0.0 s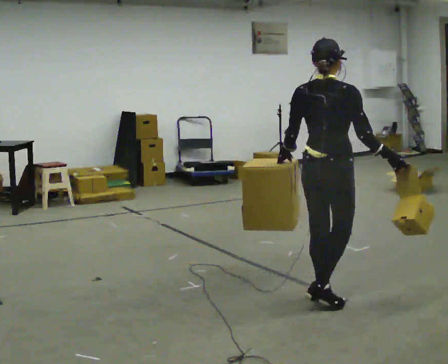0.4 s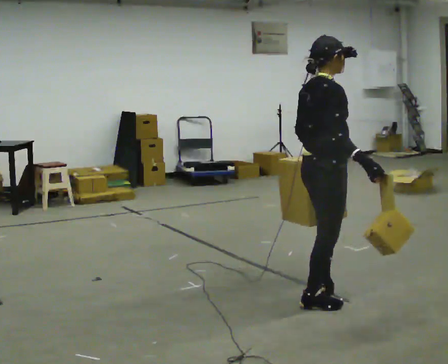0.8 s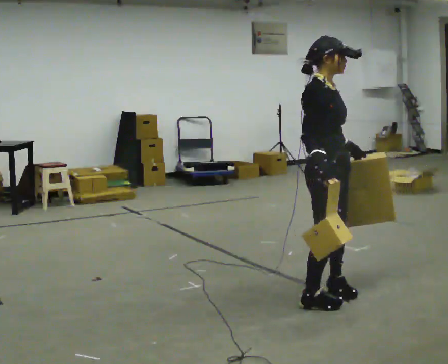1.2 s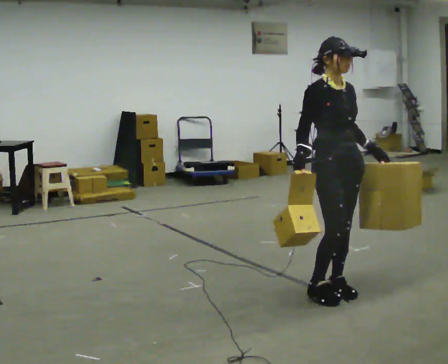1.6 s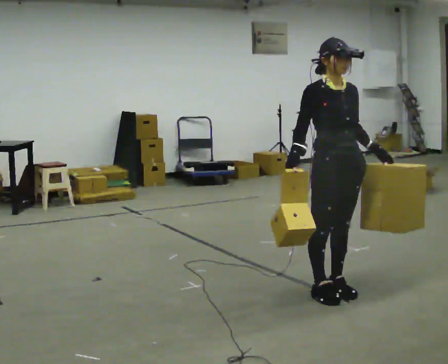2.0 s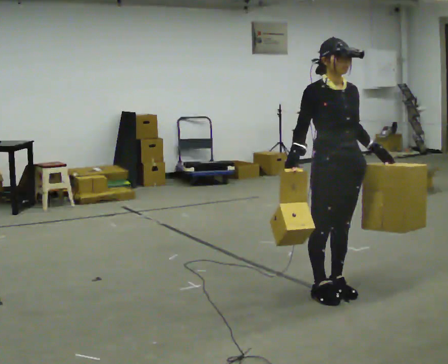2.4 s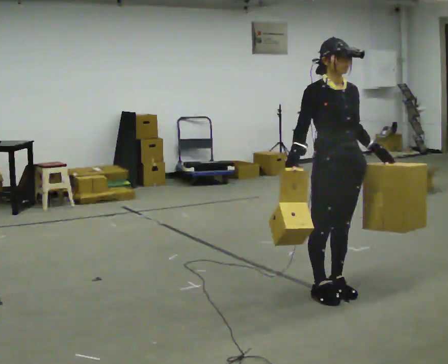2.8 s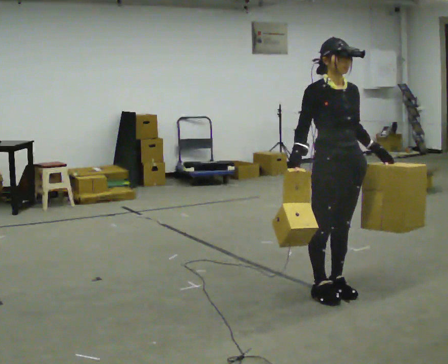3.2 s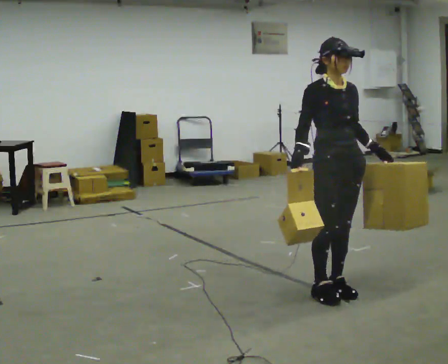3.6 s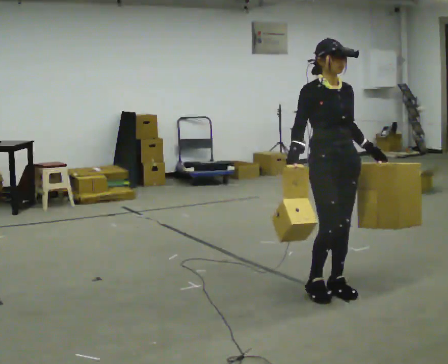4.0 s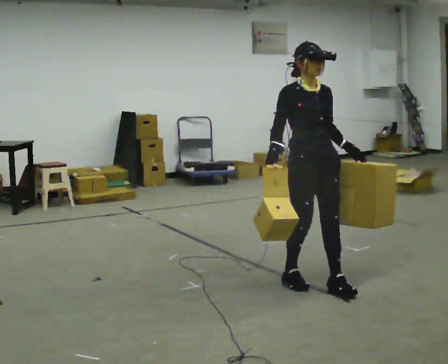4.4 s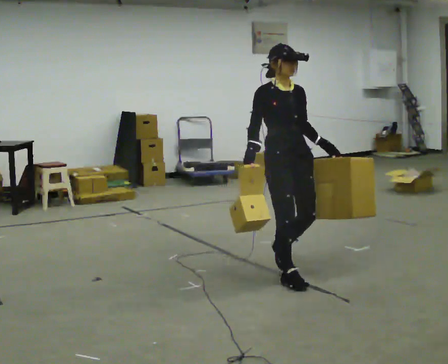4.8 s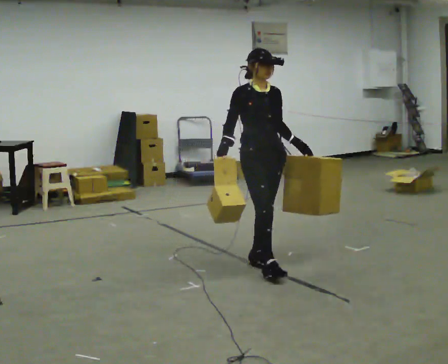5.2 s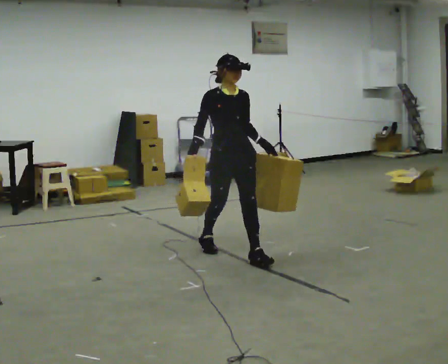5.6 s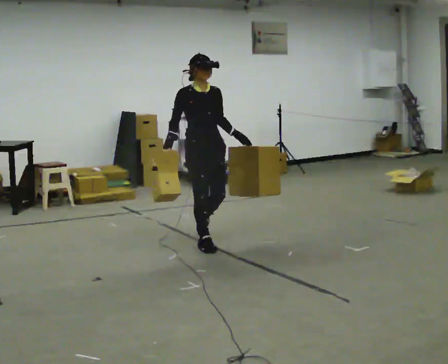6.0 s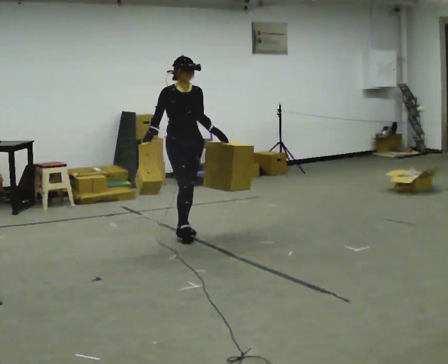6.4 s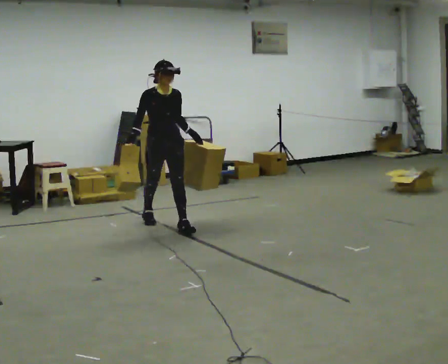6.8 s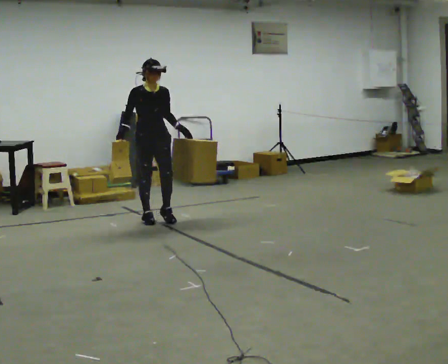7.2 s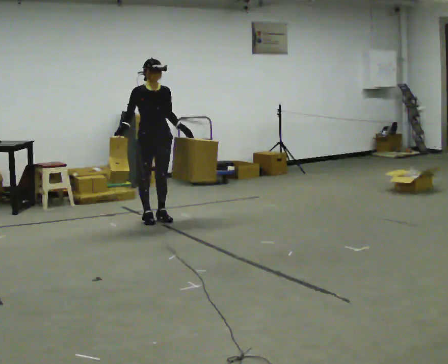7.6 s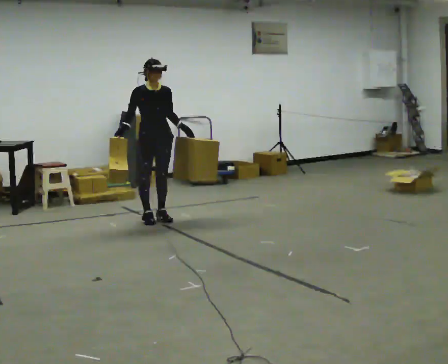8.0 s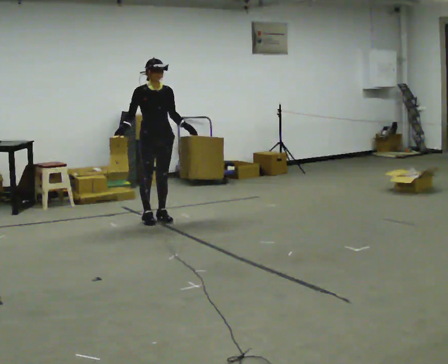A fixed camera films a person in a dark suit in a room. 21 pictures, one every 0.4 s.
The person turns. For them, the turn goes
to their right.
The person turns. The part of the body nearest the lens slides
to the left.
0.0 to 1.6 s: Seen from above the body turns clockwise, about 120 degrees: to their right, with its near side sliding to the left. In the picture their right hand goes to the left, the arm swinging clockwise.
1.6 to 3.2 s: The person moves a little, or ends about where they began.
3.2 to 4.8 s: In the picture they go away from the camera and to the left, about 1 m in 3 steps, which for them is backward.
4.8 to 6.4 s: In the picture they go away from the camera and to the left, about 1.5 m in 2 steps, which for them is backward.
6.4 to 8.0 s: In the picture they go away from the camera and to the left, about 0.25 m in 1 step, which for them is backward.
The film runs backward here.
